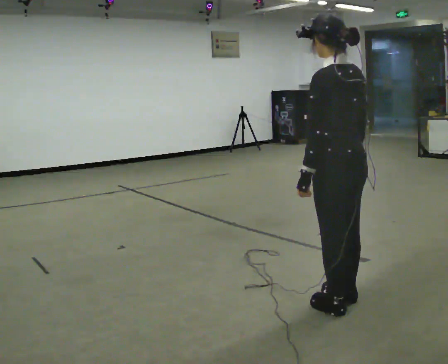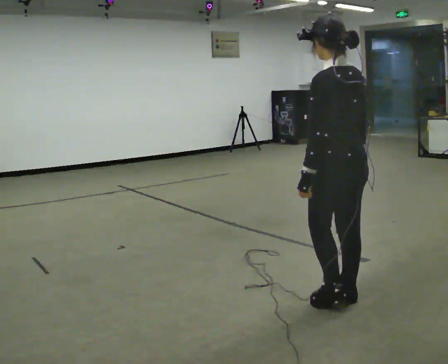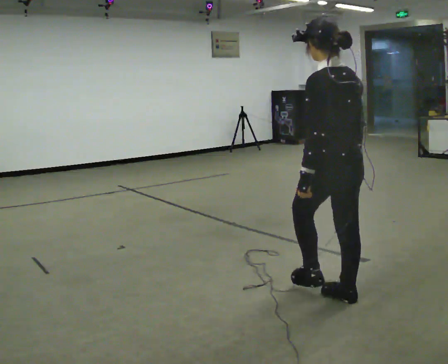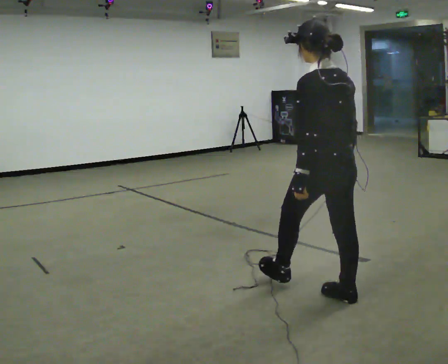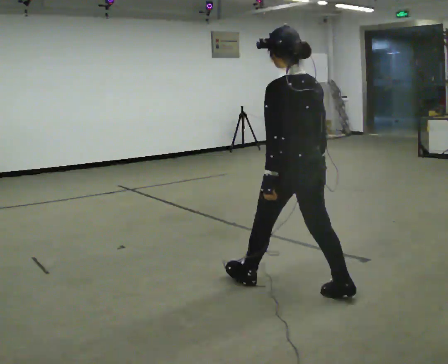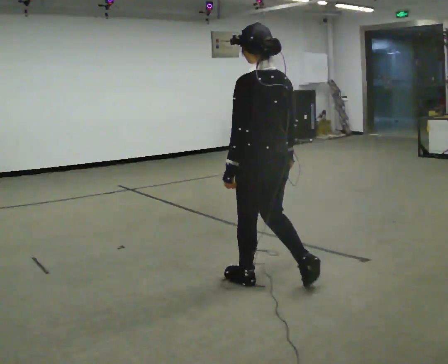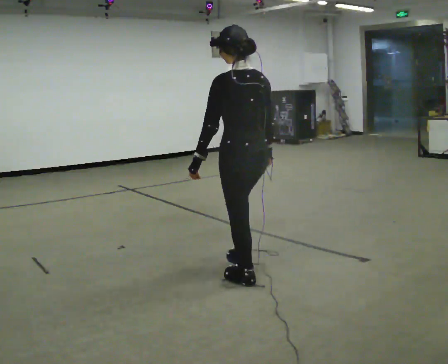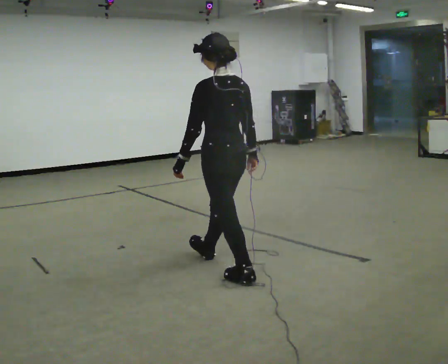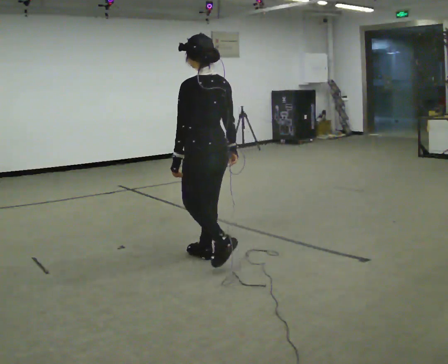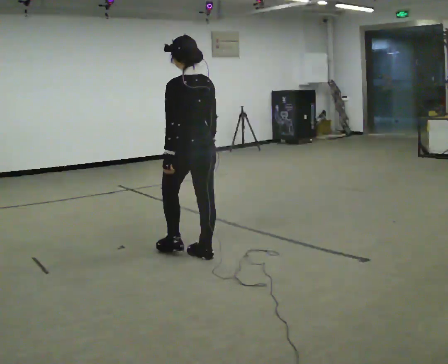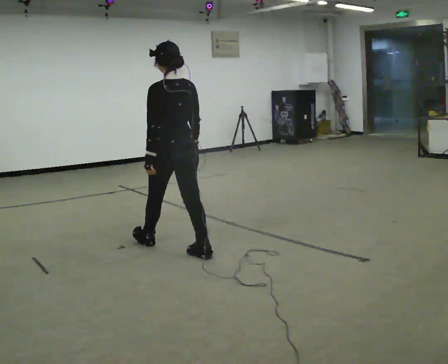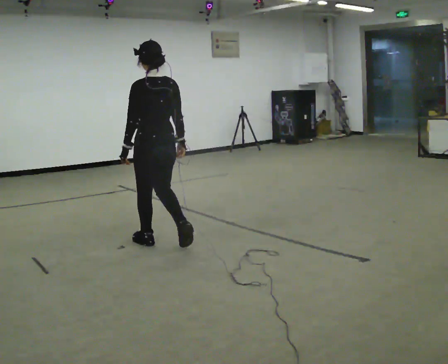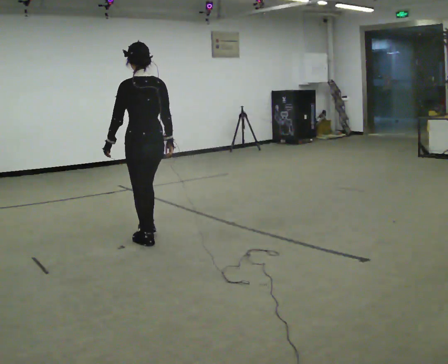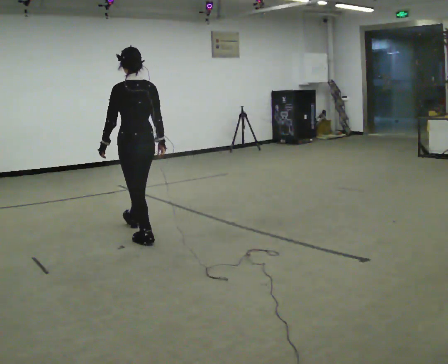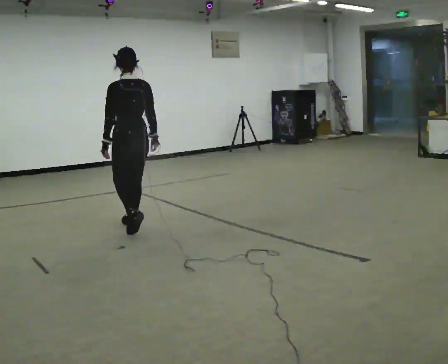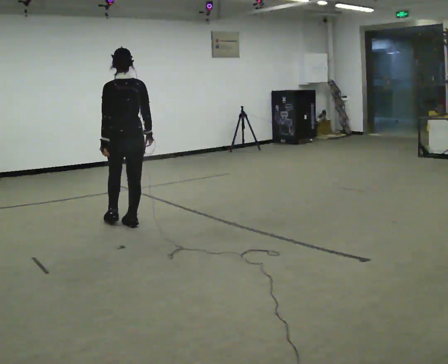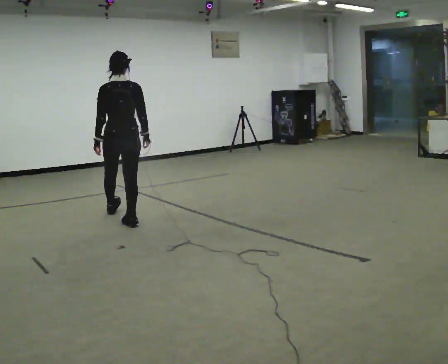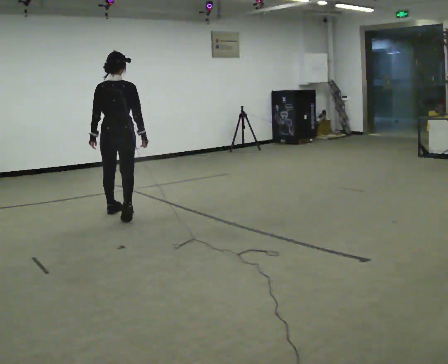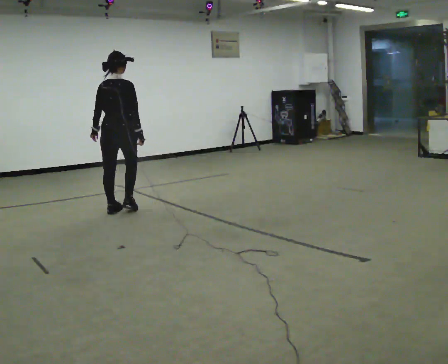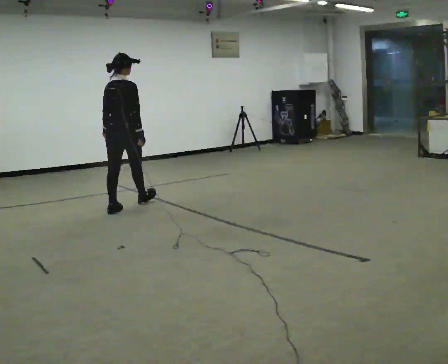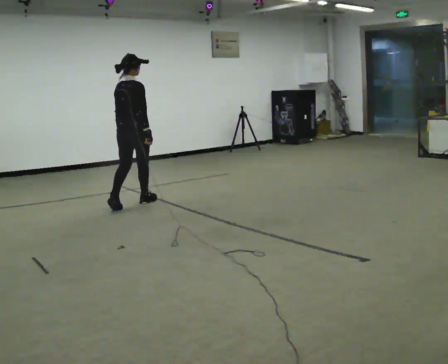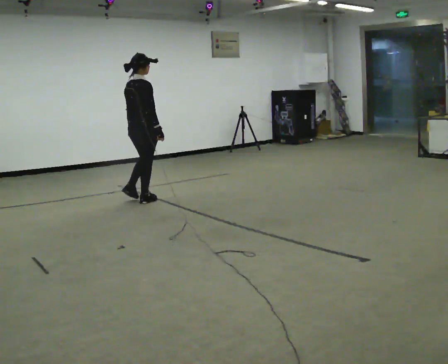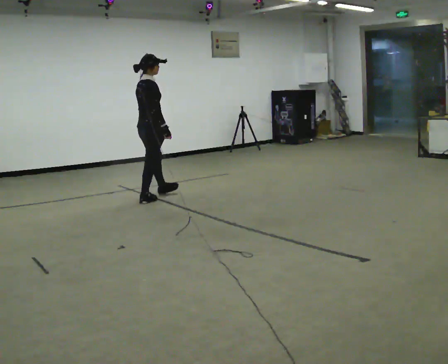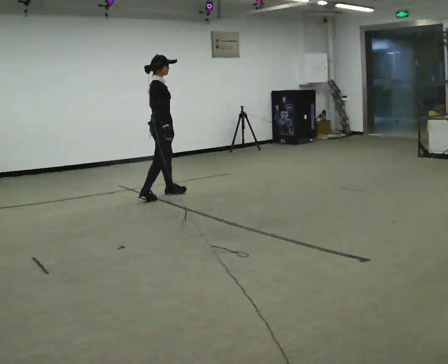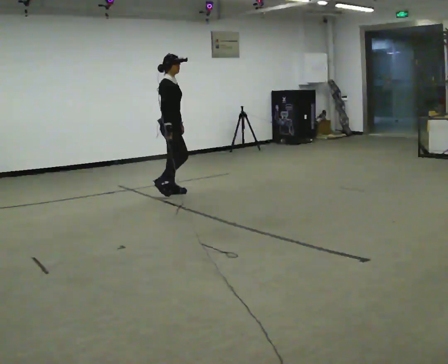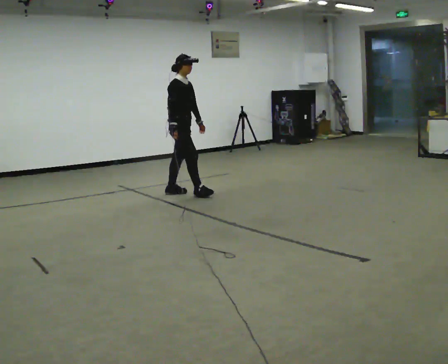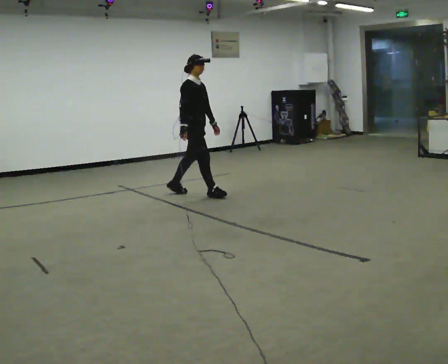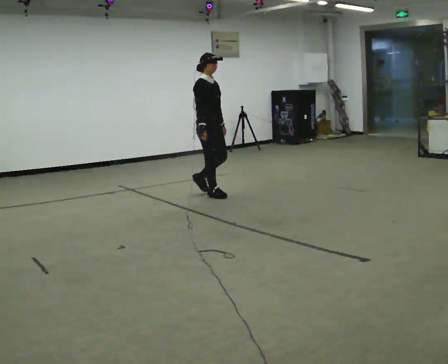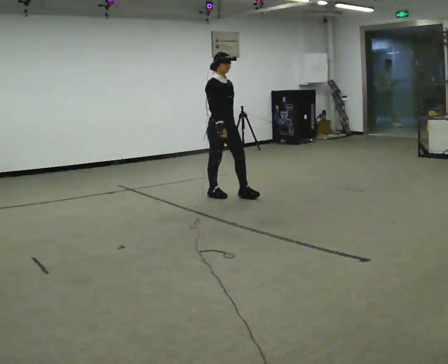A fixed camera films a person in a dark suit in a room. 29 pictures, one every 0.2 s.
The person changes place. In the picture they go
away from the camera.
The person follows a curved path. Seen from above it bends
clockwise.
0.0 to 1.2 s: In the picture they go away from the camera and to the left, about 0.75 m in 1 step, which for them is forward.
1.2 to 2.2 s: In the picture they go away from the camera and to the left, about 1 m in 2 steps, which for them is forward.
2.2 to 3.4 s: The person turns about 45 degrees to their right, clockwise seen from above, so the part of the body nearest the lens slides to the left. In the picture they go away from the camera, about 1 m in 2 steps, which for them is forward.
3.4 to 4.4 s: The person turns about 60 degrees to their right, clockwise seen from above, so the part of the body nearest the lens slides to the left. In the picture they go away from the camera and to the right, about 0.5 m in 1 step, which for them is forward.
4.4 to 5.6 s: The part of the body nearest the lens slides to the left as the person turns to their right by about 75 degrees. In the picture they go to the right, about 1 m in 2 steps.
The film runs forward here.
